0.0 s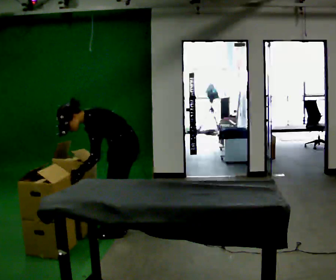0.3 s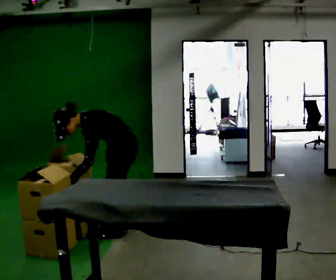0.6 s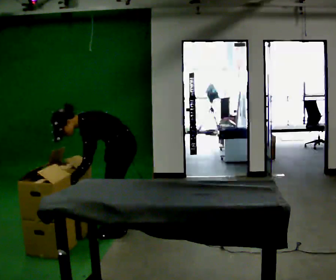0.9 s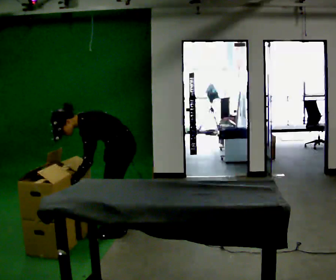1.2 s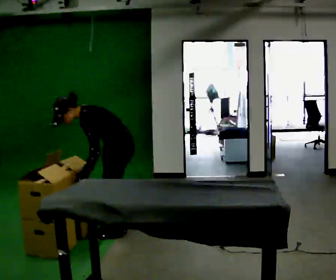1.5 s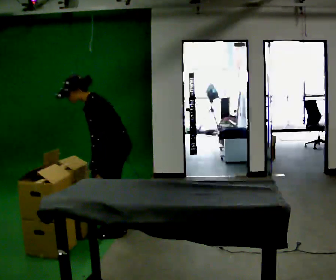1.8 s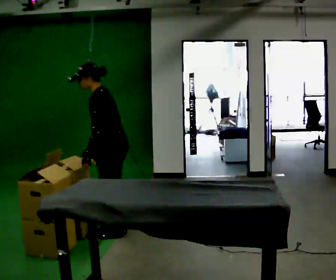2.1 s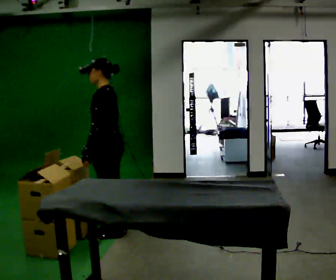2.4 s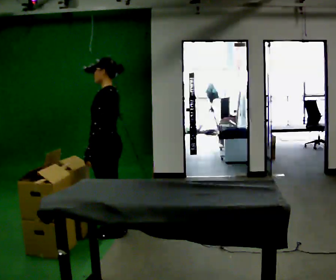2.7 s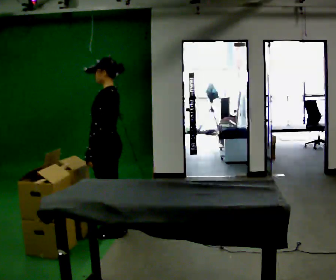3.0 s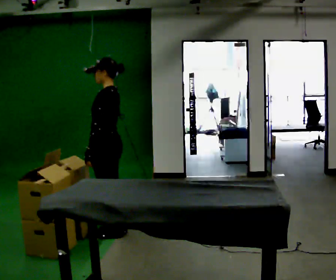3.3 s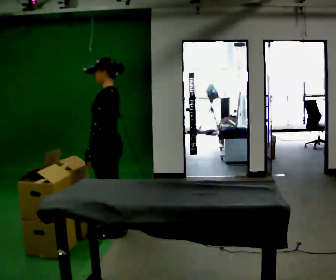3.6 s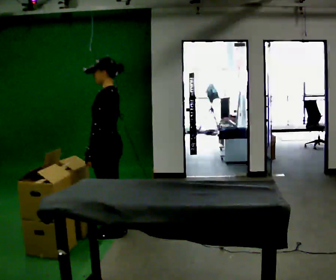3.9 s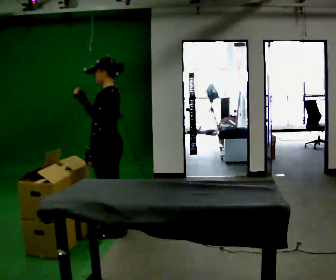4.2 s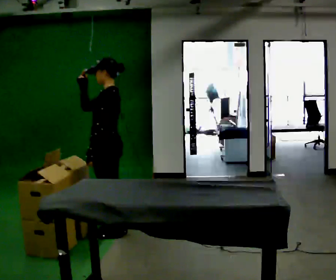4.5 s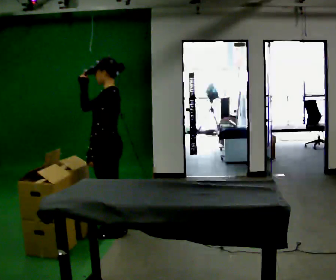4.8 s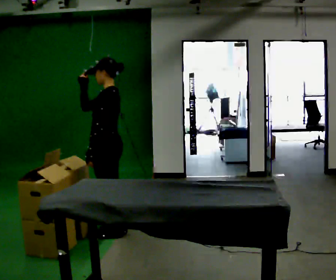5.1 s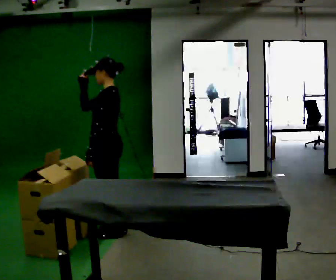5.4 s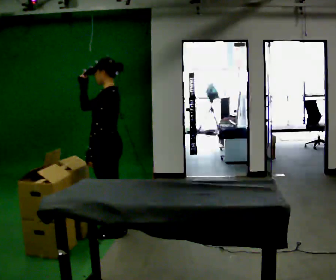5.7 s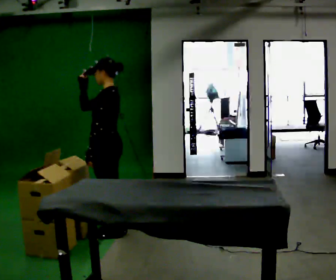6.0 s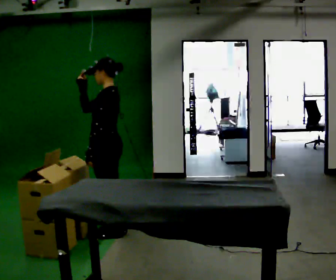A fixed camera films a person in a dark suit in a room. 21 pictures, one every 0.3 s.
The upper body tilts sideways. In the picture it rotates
clockwise.
Their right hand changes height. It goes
upward.
0.0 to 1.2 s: The person moves a little, or ends about where they began.
1.2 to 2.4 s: The upper body goes upward. In the picture the upper body tilts clockwise, shoulders to the right, as they lean back or straighten.
2.4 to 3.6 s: The person moves a little, or ends about where they began.
3.6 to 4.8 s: In the picture their right hand goes upward.
4.8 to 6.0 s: The person moves a little, or ends about where they began.
The film runs forward here.
